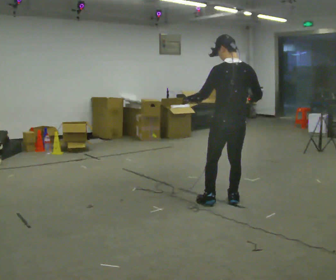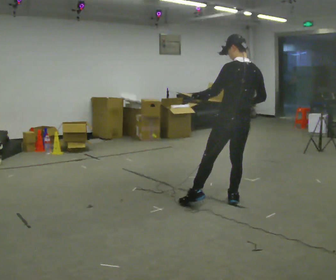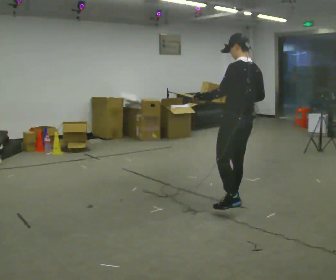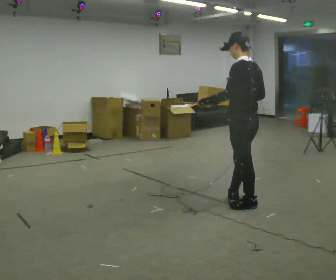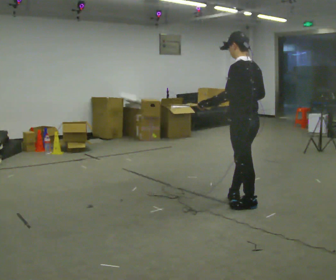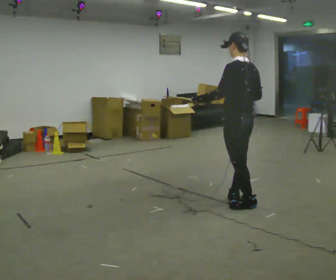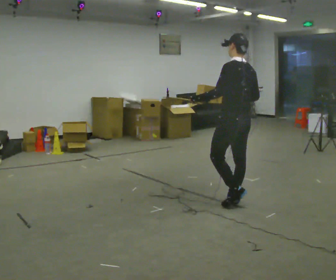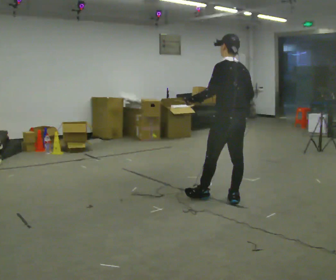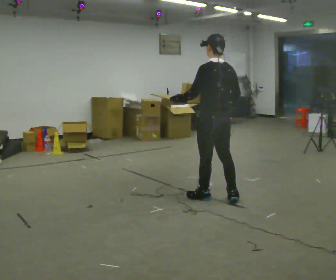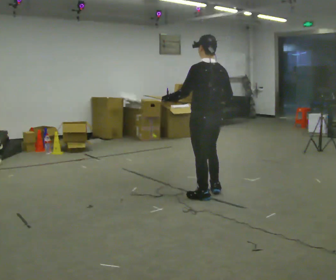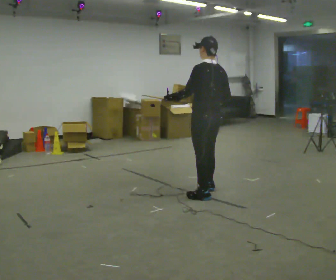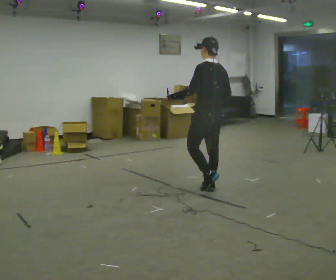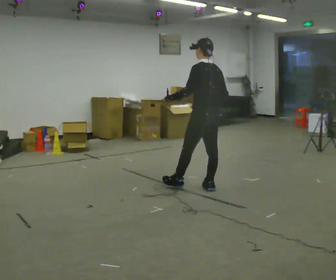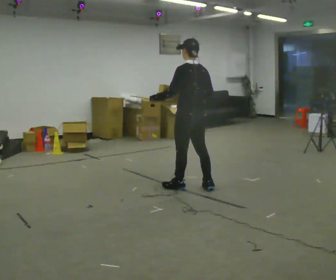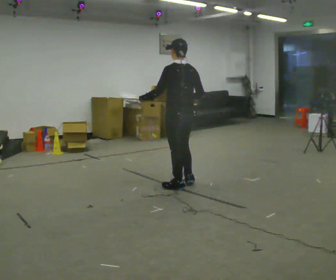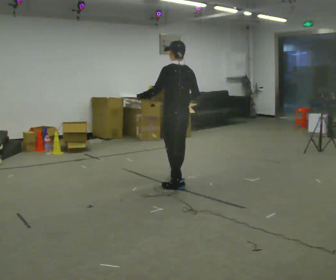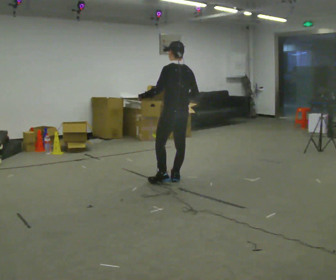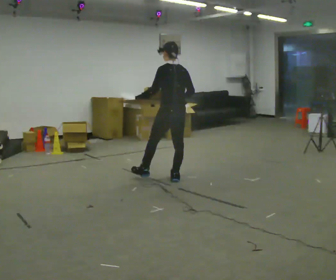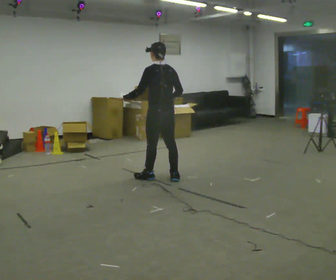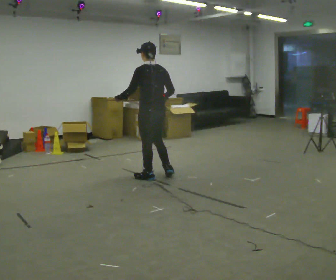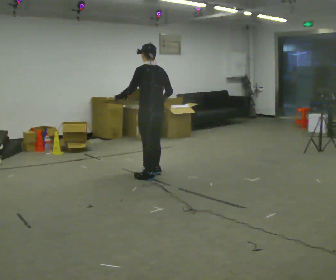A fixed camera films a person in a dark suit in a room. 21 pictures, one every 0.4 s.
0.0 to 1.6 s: The person turns about 30 degrees to their left, counterclockwise seen from above, so the part of the body nearest the lens slides to the right.
1.6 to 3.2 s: In the picture they go to the left and away from the camera, about 0.25 m in 1 step, which for them is forward.
3.2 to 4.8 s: In the picture they go away from the camera, about 0.25 m in 1 step, which for them is forward and to their right.
4.8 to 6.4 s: In the picture they go to the left and away from the camera, about 0.5 m in 2 steps, which for them is forward.
6.4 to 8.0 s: In the picture they go to the left and away from the camera, about 0.25 m in 2 steps, which for them is forward and to their left.
The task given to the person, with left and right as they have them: Carry the loaded tray flat and level in both hands, walking back and forth across the room. Try not to let anything slide off.
The film runs forward here.
